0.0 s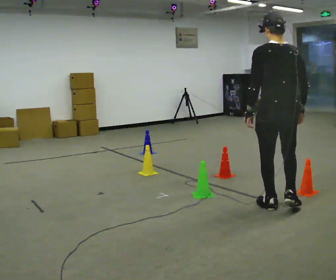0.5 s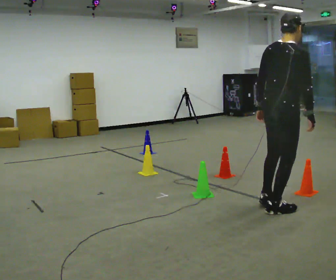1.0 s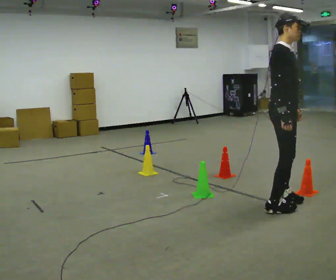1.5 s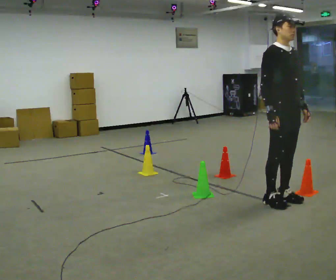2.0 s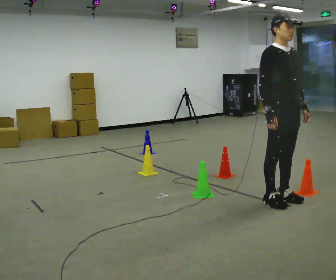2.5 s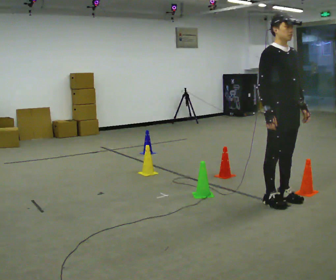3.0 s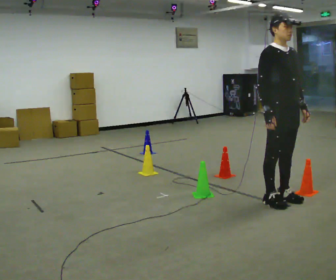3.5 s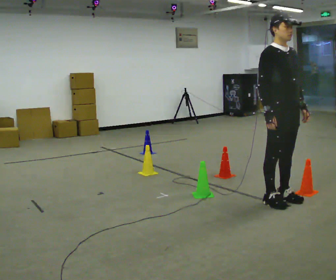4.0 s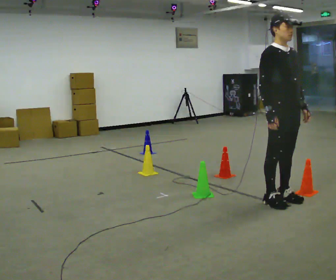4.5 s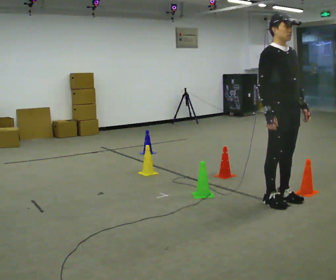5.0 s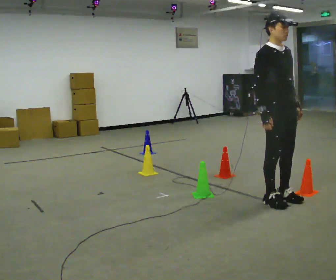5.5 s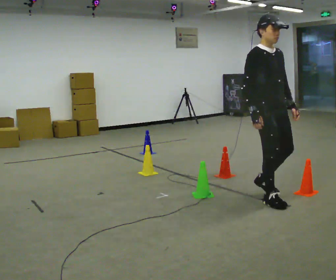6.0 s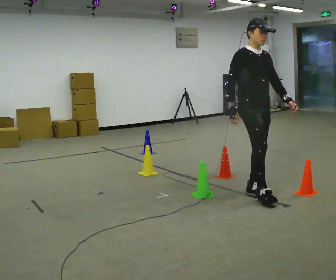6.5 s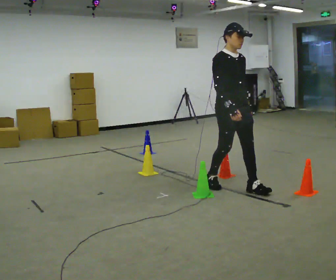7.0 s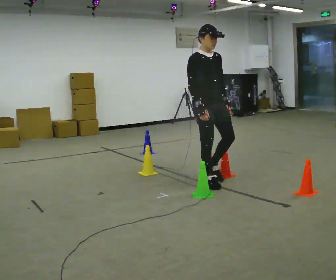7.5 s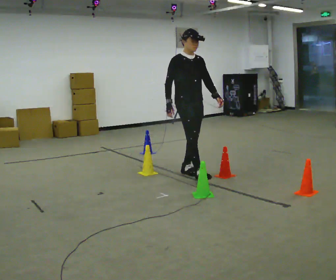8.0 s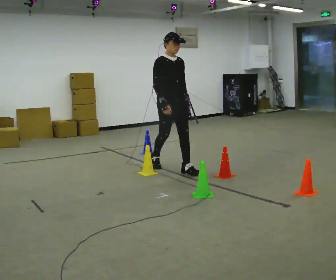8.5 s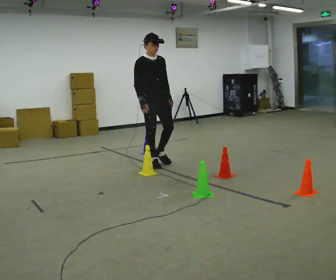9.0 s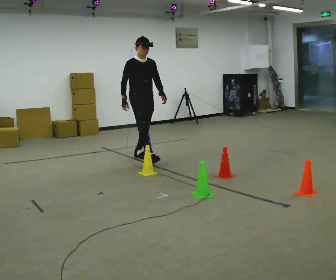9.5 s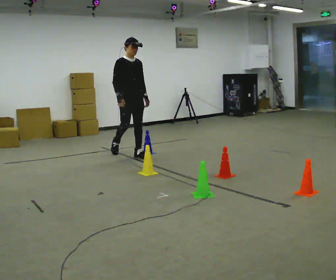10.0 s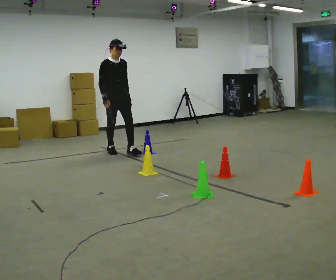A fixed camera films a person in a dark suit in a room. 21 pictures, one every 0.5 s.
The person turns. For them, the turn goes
to their right.
The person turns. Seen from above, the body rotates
clockwise.
0.0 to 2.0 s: Seen from above the body turns clockwise, about 150 degrees: to their right, with its near side sliding to the left. In the picture they go away from the camera, about 0.25 m in 2 steps. In the picture their left hand goes to the right, the arm swinging counterclockwise.
2.0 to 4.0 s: The person keeps their place and pose.
4.0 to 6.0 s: In the picture they go to the left and away from the camera, about 0.25 m in 2 steps, which for them is backward.
6.0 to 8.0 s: In the picture they go to the left and away from the camera, about 1.5 m in 2 steps, which for them is backward.
8.0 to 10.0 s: In the picture they go to the left and away from the camera, about 1.5 m in 3 steps, which for them is backward.
The film runs backward here.
